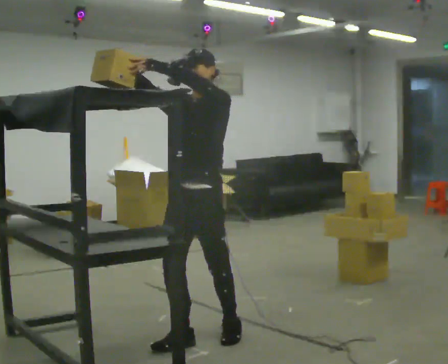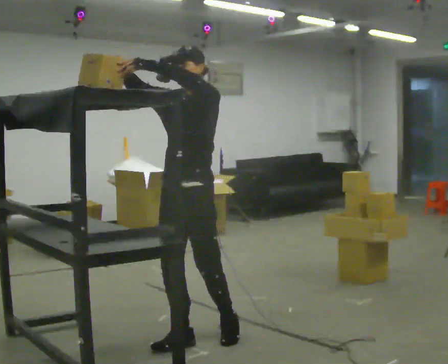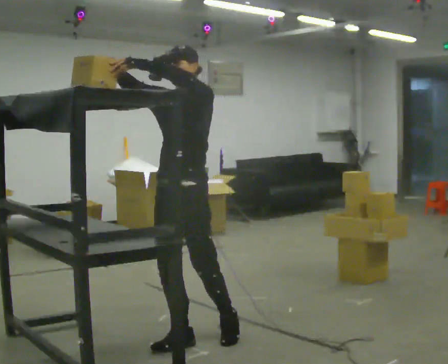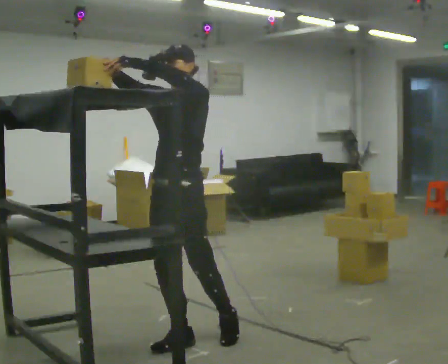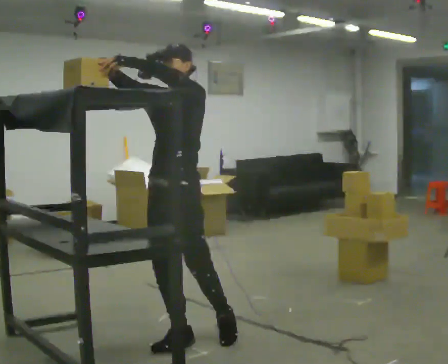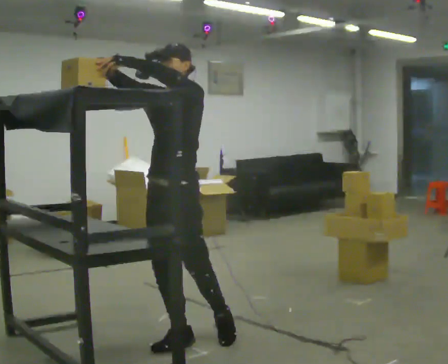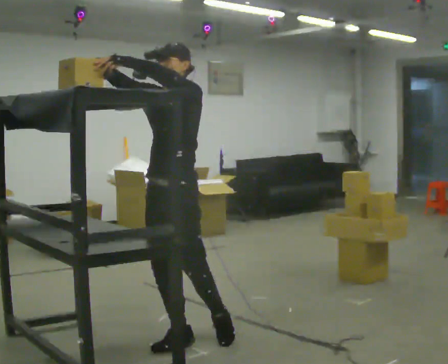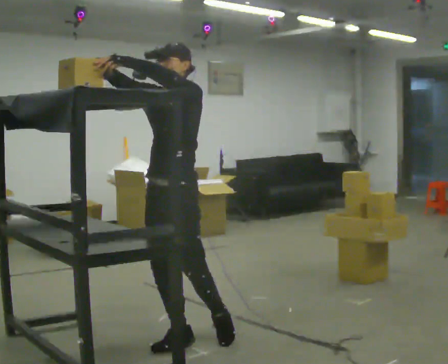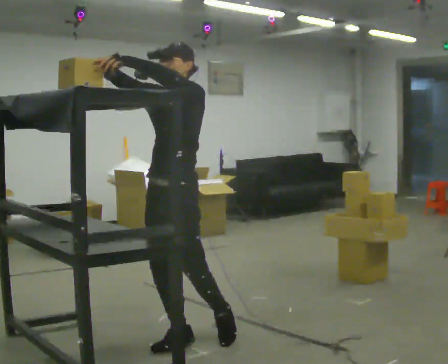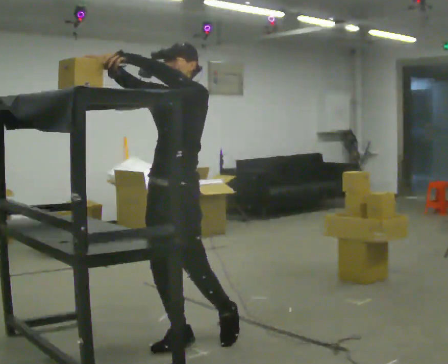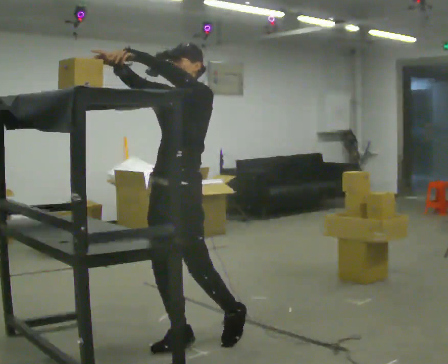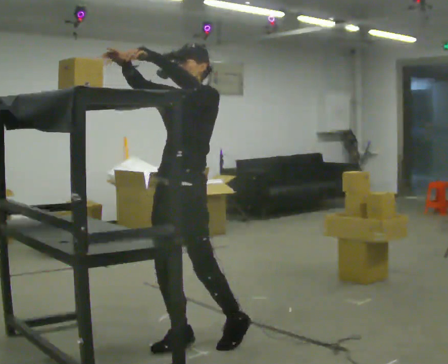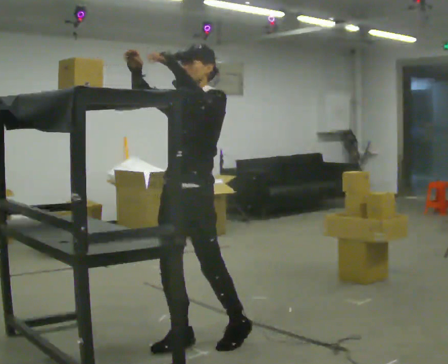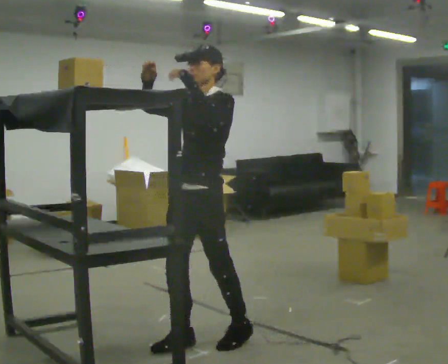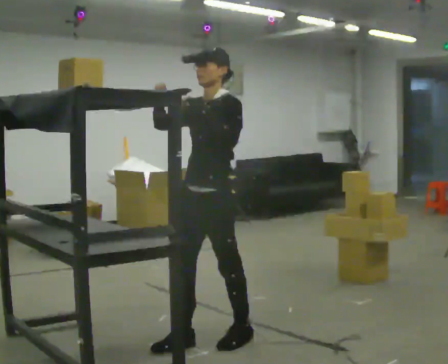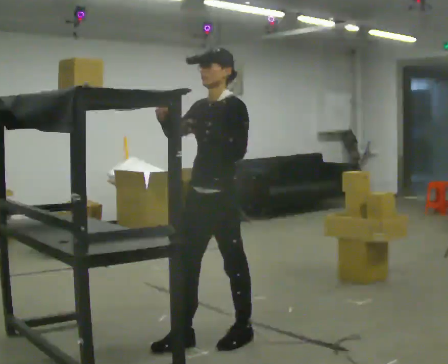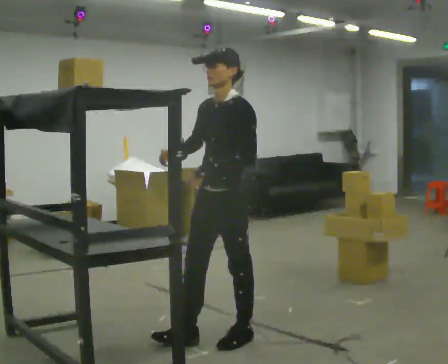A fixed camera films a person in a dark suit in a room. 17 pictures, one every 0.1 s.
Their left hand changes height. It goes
downward.
Their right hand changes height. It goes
downward.
0.0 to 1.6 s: In the picture they go to the right, about 0.25 m, which for them is backward. In the picture their right hand goes downward, the arm swinging counterclockwise.
The film runs forward here.
